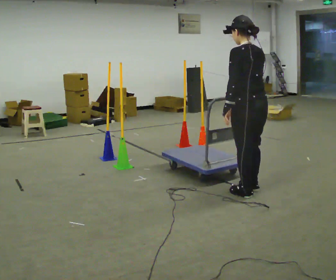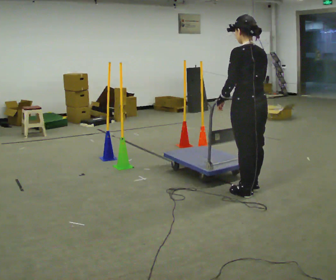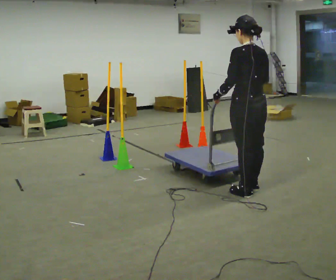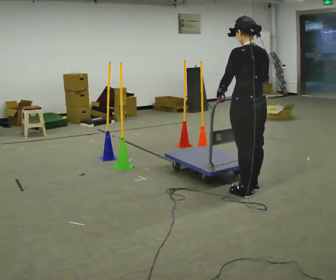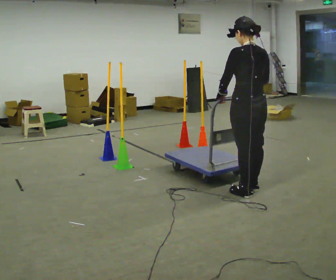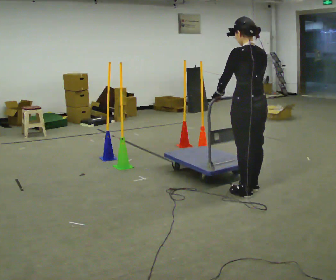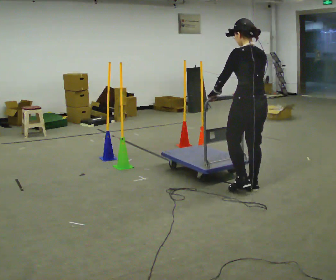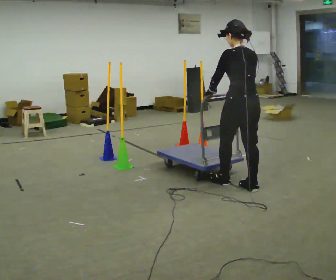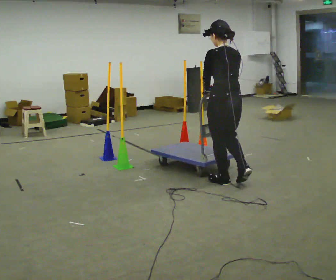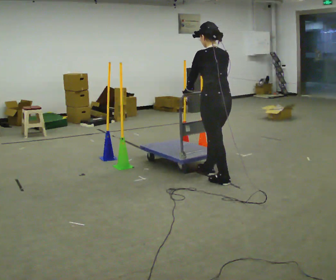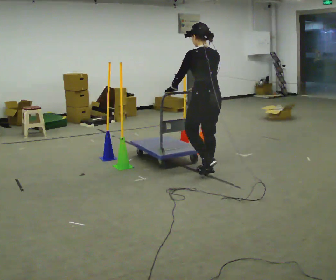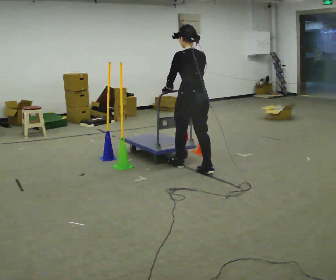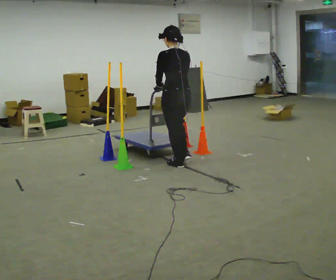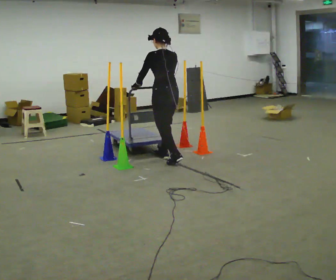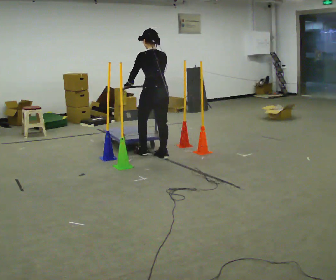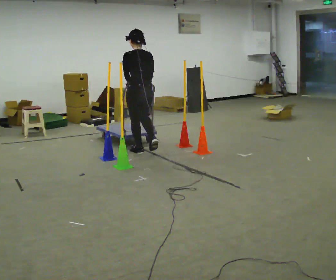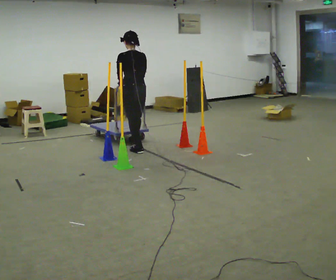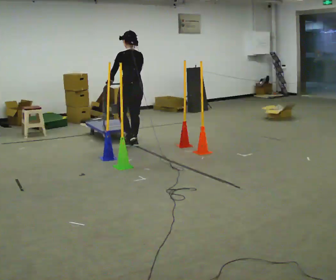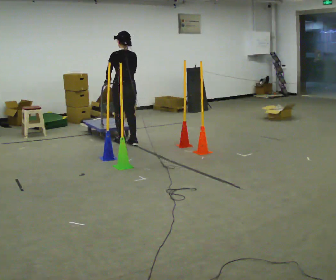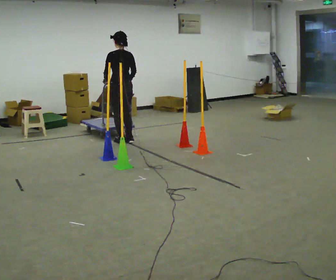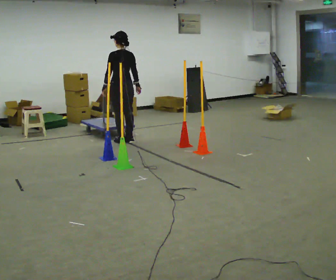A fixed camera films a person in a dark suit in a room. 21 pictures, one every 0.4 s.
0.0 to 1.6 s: The person moves a little, or ends about where they began.
1.6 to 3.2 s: In the picture they go away from the camera and to the left, about 0.25 m in 1 step, which for them is forward.
3.2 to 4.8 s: In the picture they go away from the camera and to the left, about 1 m in 2 steps, which for them is forward.
4.8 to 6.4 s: In the picture they go away from the camera and to the left, about 1 m in 3 steps, which for them is forward.
6.4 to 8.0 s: In the picture they go away from the camera and to the left, about 0.5 m in 2 steps, which for them is forward.
The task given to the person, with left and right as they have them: Push the cart in and out of the line of poles without touching any of them. Keep going until the operator says stop.
The film runs forward here.
